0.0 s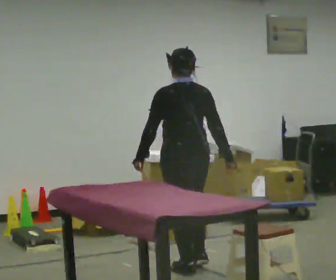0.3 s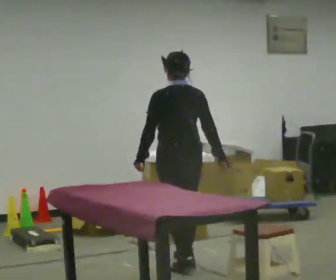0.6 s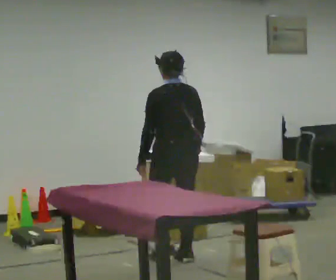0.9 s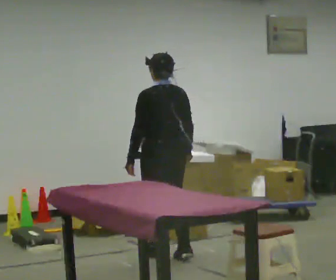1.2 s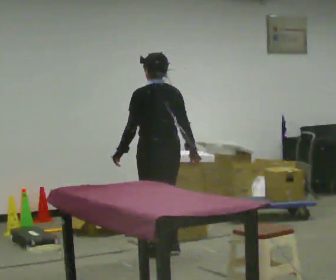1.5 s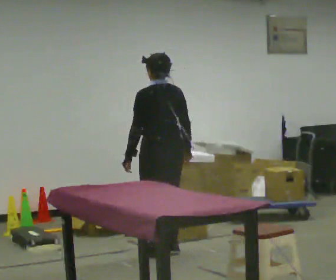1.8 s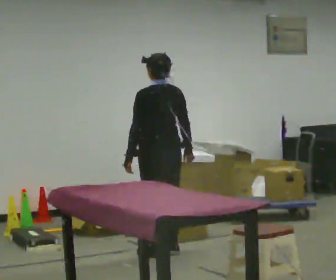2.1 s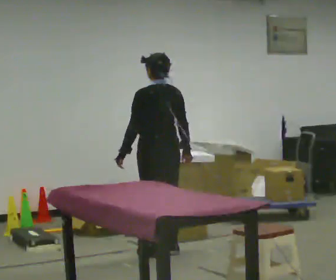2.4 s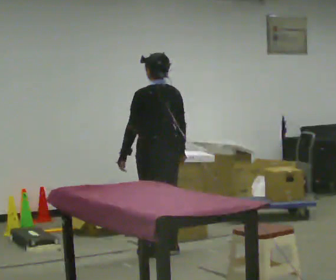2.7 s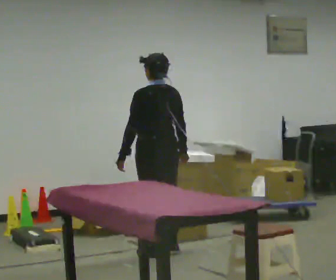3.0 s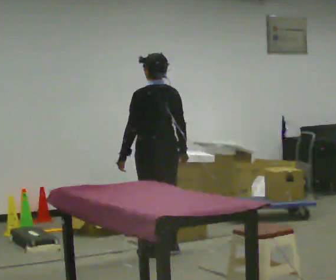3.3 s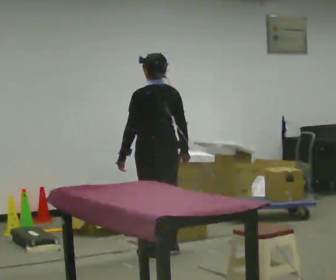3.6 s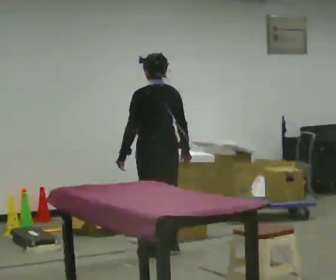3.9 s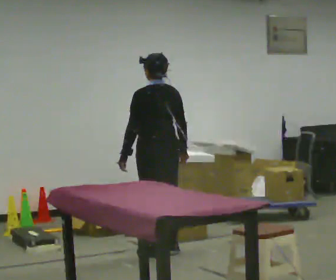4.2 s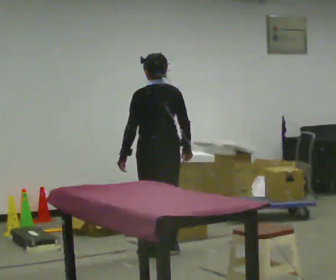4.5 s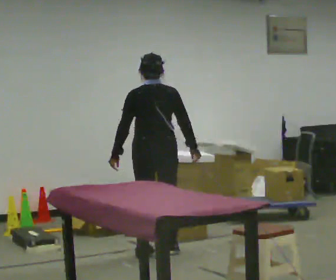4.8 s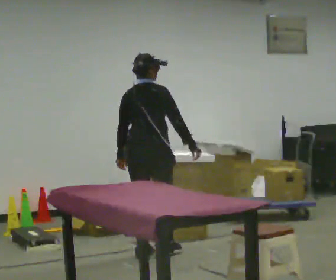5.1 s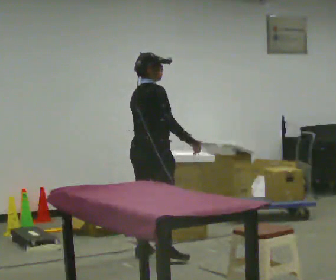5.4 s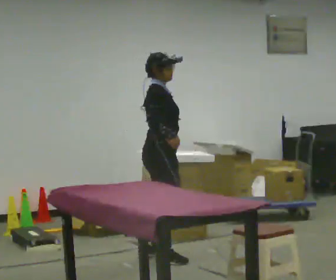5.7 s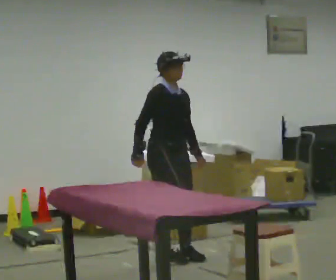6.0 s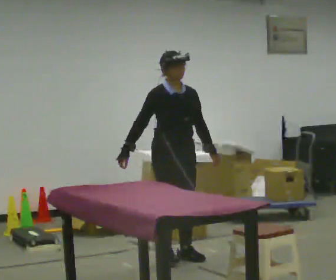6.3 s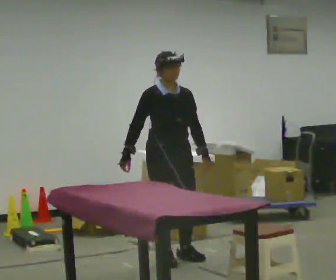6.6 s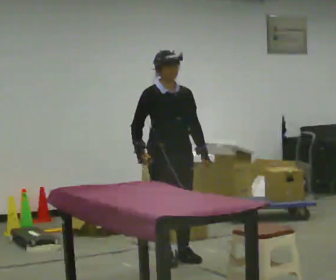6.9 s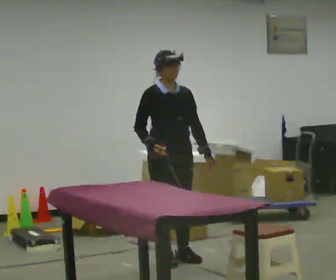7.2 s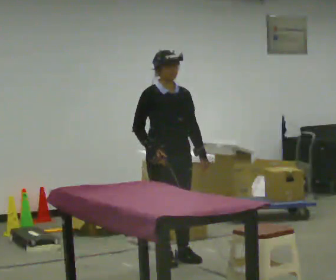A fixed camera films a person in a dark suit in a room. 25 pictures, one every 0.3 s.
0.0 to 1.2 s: In the picture they go away from the camera, about 0.5 m in 2 steps, which for them is forward.
1.2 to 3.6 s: The person moves a little, or ends about where they began.
3.6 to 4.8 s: The part of the body nearest the lens slides to the left as the person turns to their right by about 60 degrees.
4.8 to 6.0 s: The part of the body nearest the lens slides to the left as the person turns to their right by about 120 degrees. In the picture they go to the right, about 0.25 m in 2 steps.
6.0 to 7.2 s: The person moves a little, or ends about where they began.
The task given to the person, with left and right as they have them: Walk up to the chair at the table, sit down into the space, settle as if you were about to work there, then stand up and step away. Repeat the movement at your own pace until the operator says stop; do not rush.
The film runs forward here.
